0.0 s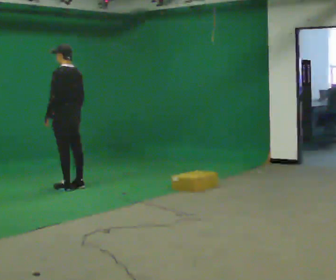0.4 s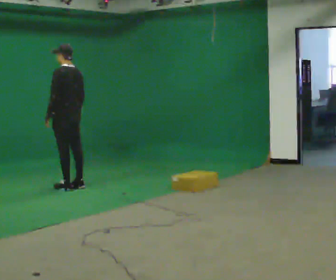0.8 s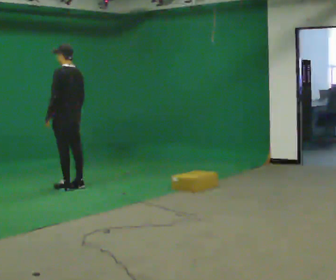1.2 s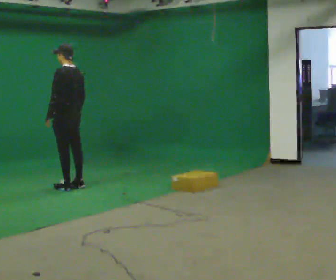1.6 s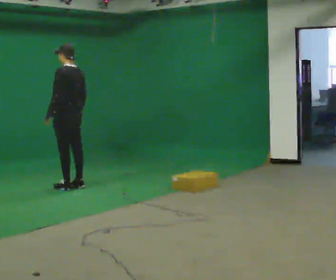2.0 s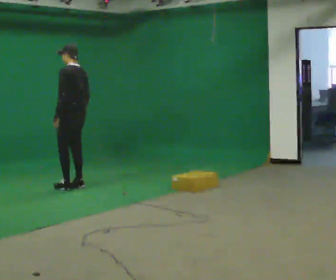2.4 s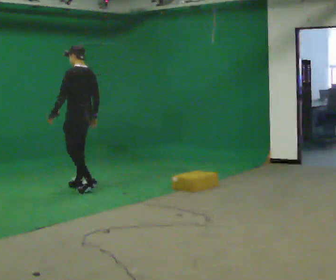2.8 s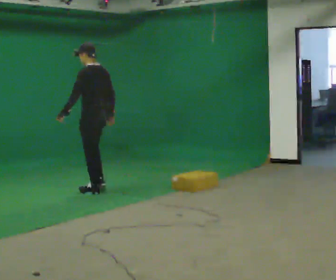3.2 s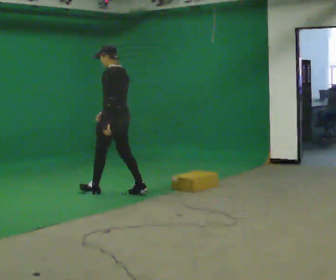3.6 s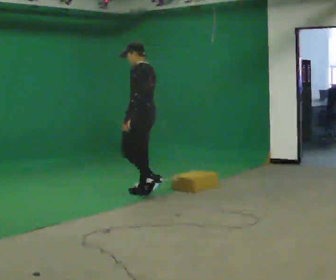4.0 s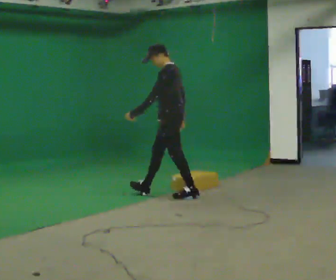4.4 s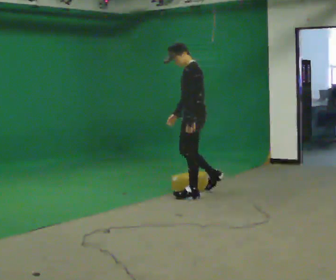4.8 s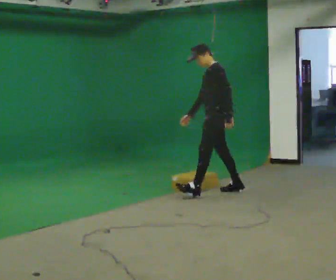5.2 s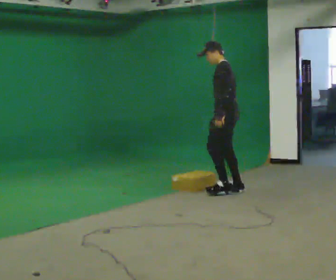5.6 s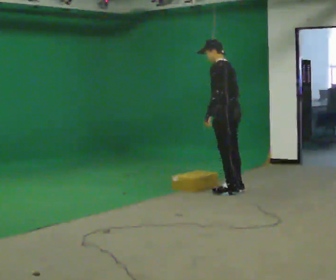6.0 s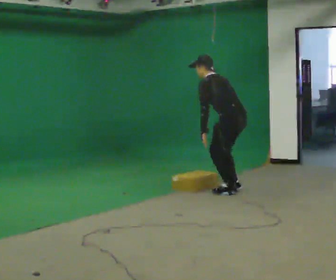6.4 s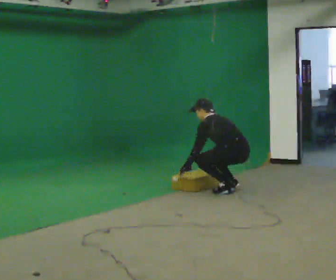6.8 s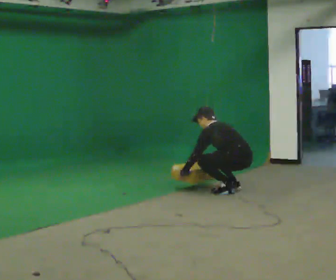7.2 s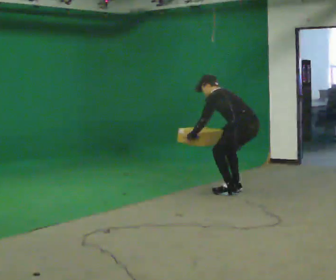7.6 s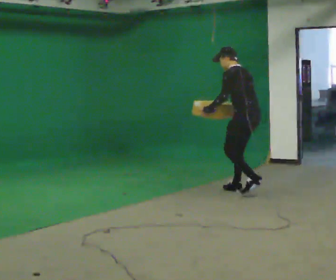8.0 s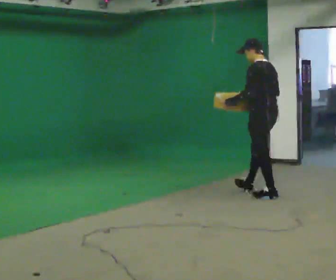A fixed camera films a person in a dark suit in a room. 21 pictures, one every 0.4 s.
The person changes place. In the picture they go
to the right.
0.0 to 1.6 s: The person moves a little, or ends about where they began.
1.6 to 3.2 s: In the picture they go to the right and toward the camera, about 0.5 m in 2 steps, which for them is backward.
3.2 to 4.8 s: The part of the body nearest the lens slides to the right as the person turns to their left by about 30 degrees. In the picture they go to the right, about 1 m in 2 steps, which for them is backward.
4.8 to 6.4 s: Seen from above the body turns clockwise, about 45 degrees: to their right, with its near side sliding to the left. In the picture they go to the right, about 0.25 m in 1 step, which for them is backward. The upper body goes downward. In the picture the upper body tilts counterclockwise, shoulders to the left, as they bend forward. In the picture their left hand goes downward and to the left, the arm swinging clockwise.
6.4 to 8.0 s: In the picture they go to the right and toward the camera, about 0.25 m in 2 steps, which for them is backward. In the picture the upper body tilts clockwise, shoulders to the right, as they lean back or straighten. In the picture their left hand goes upward.
The film runs backward here.
